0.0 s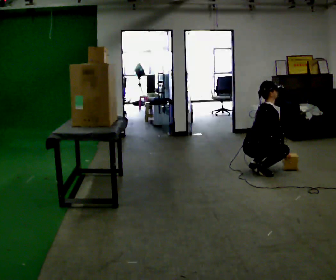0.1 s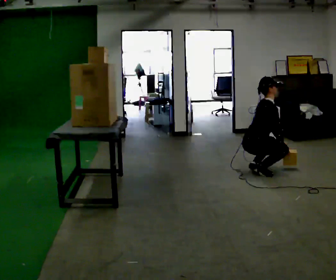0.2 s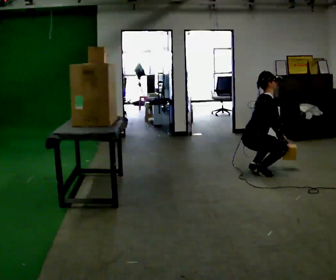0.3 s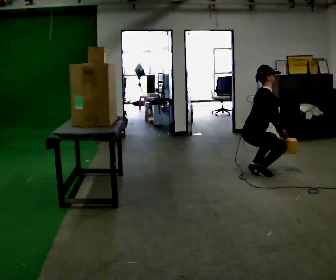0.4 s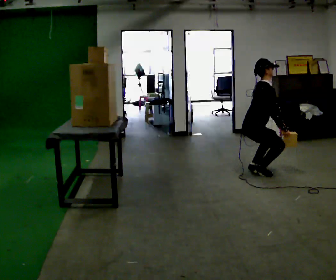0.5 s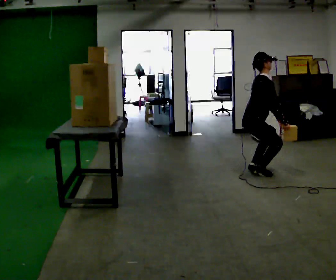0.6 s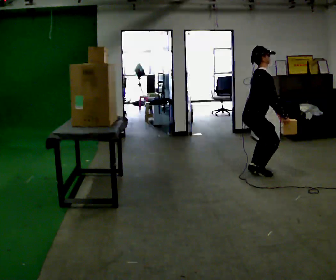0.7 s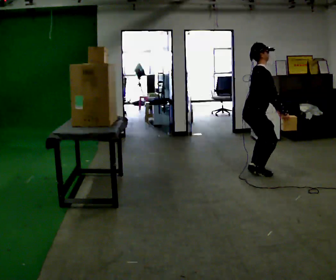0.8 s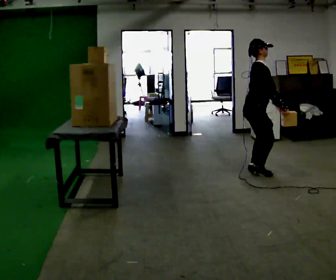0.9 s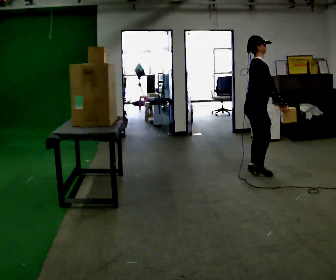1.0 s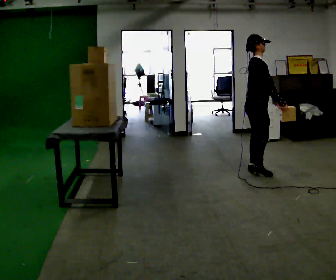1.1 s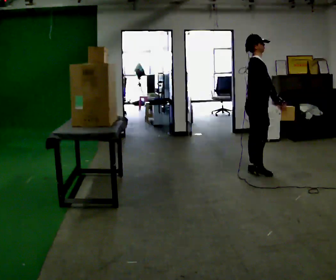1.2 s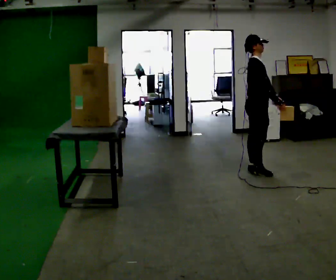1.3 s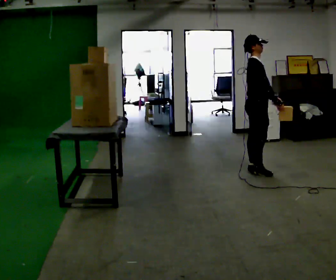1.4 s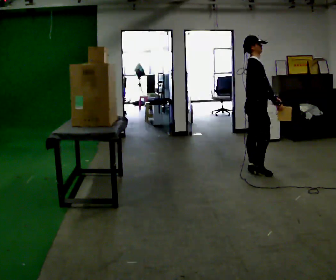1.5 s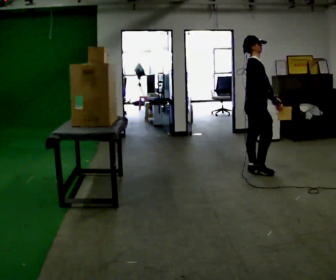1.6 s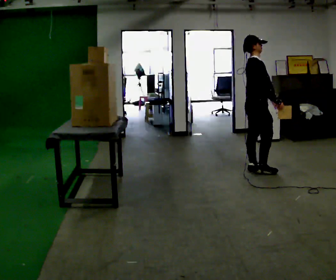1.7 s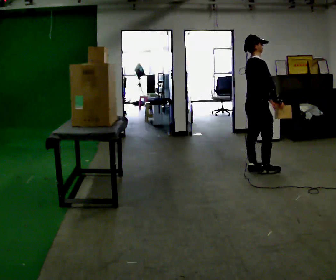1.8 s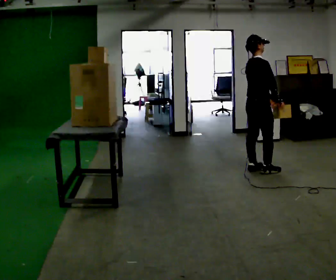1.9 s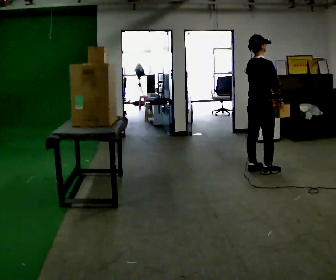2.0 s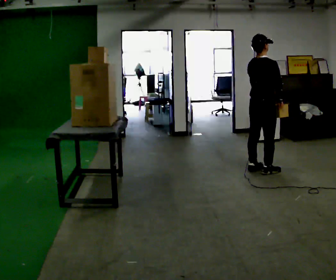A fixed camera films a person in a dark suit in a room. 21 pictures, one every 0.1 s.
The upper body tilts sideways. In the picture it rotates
counterclockwise.
Their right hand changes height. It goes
upward.
0.0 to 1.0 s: The upper body goes upward. In the picture the upper body tilts counterclockwise, shoulders to the left, as they lean back or straighten. In the picture their right hand goes upward.
1.0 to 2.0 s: Seen from above the body turns counterclockwise, about 45 degrees: to their left, with its near side sliding to the right.
The film runs forward here.
